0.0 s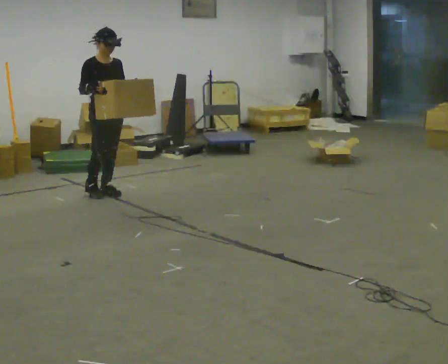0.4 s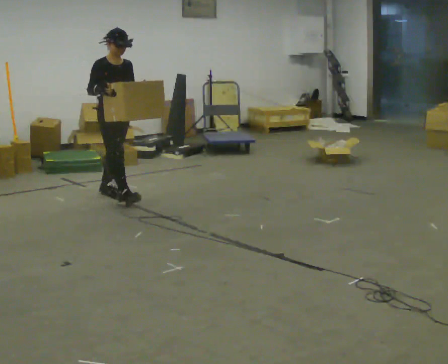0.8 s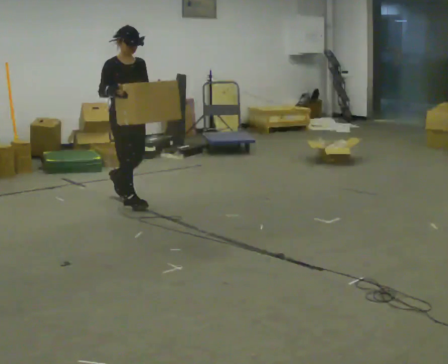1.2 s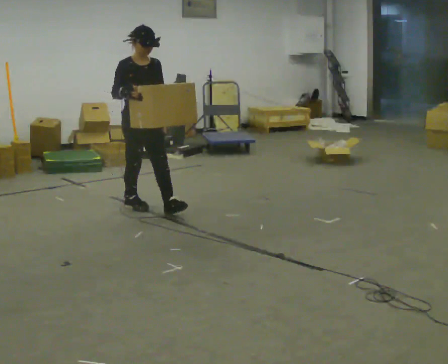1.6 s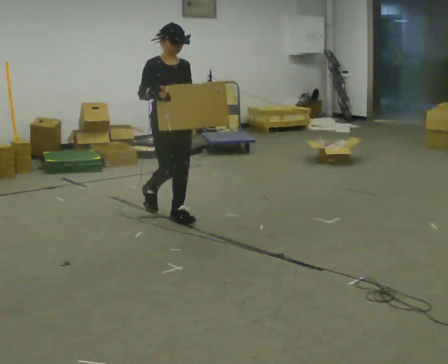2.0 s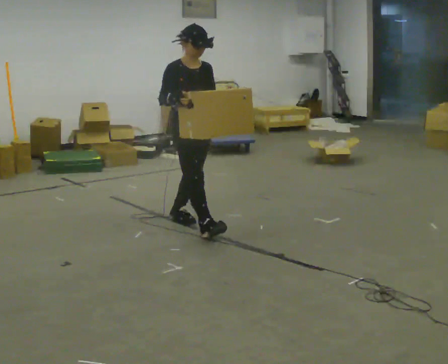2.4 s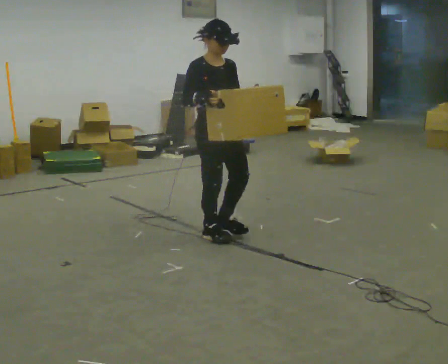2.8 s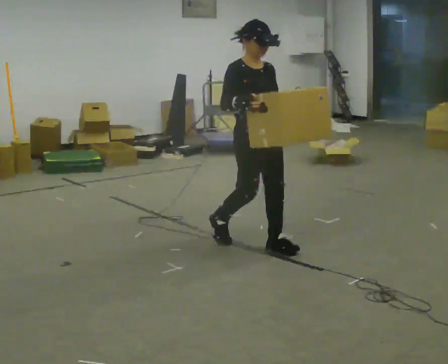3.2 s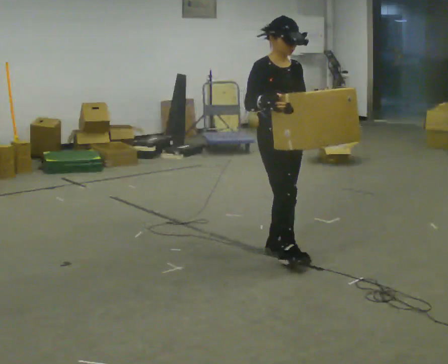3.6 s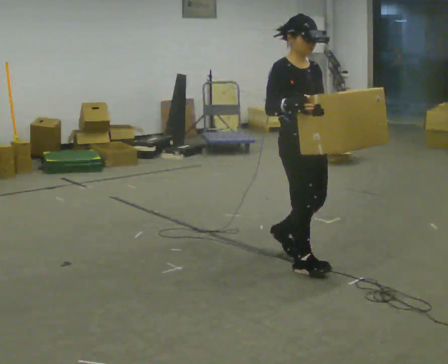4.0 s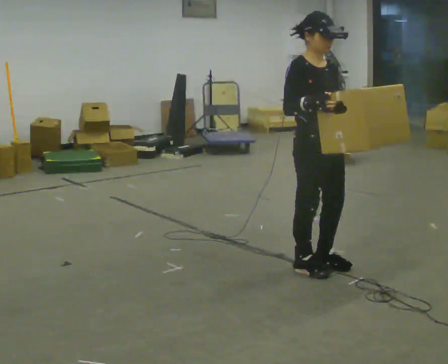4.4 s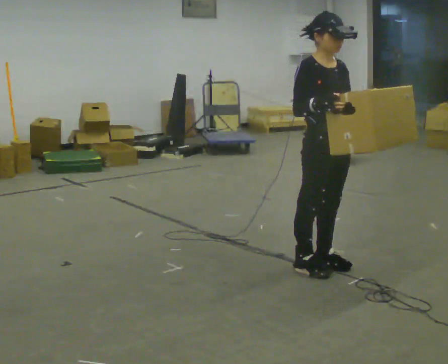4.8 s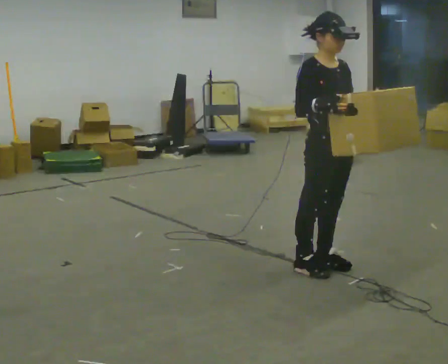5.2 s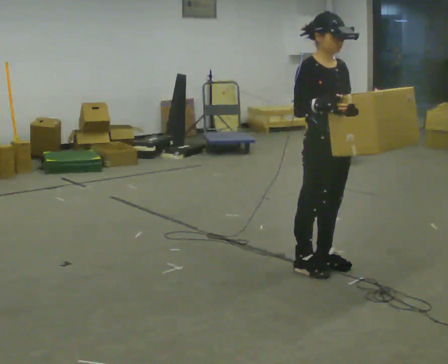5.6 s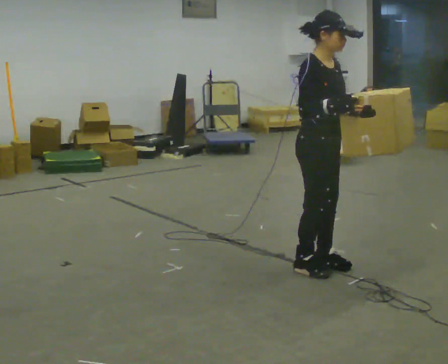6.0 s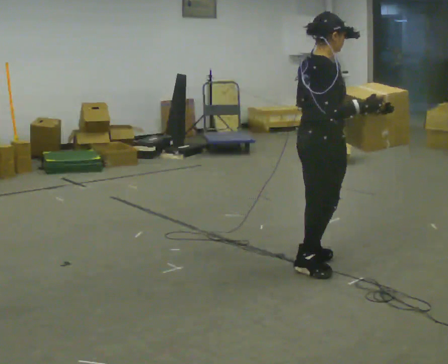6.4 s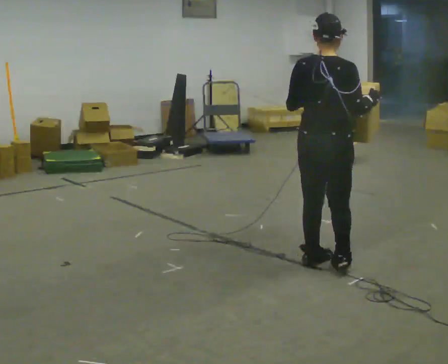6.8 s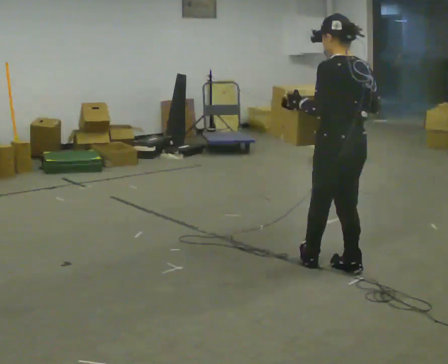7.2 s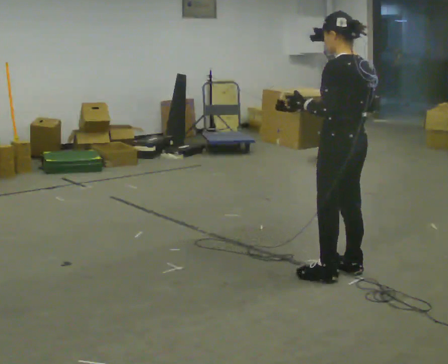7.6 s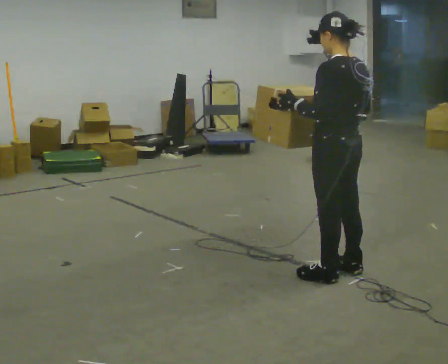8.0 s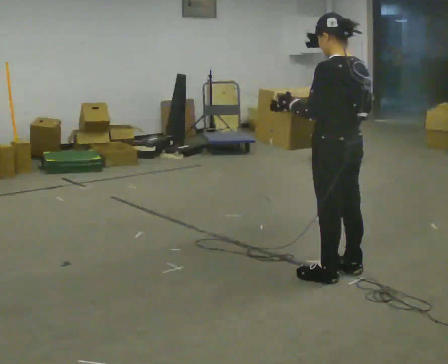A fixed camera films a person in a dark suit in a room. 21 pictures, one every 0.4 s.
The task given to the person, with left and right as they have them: Carry the heavy box in both hands in front of you, walking back and forth across the room. Keep walking until the operator says stop. Set it down if you need a rest.
0.0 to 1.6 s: In the picture they go to the right and toward the camera, about 1 m in 2 steps, which for them is forward.
1.6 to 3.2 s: In the picture they go to the right and toward the camera, about 1 m in 2 steps, which for them is forward.
3.2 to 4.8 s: In the picture they go toward the camera and to the right, about 0.5 m in 2 steps, which for them is forward.
4.8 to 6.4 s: The person turns about 120 degrees to their left, counterclockwise seen from above, so the part of the body nearest the lens slides to the right. In the picture their right hand goes to the right.
6.4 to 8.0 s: The person turns about 60 degrees to their left, counterclockwise seen from above, so the part of the body nearest the lens slides to the right. In the picture they go toward the camera, about 0.25 m in 2 steps.
The film runs forward here.
